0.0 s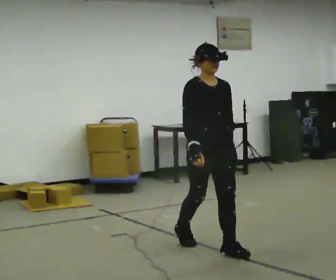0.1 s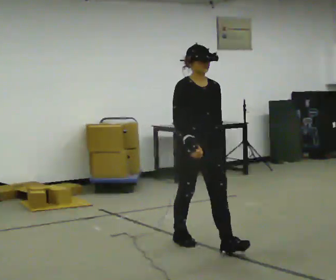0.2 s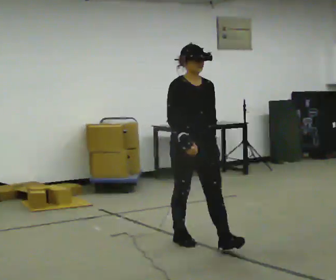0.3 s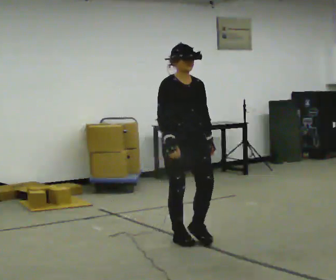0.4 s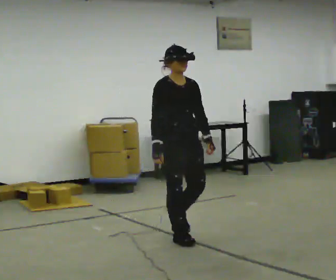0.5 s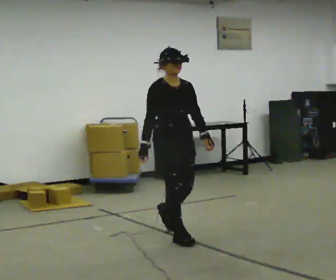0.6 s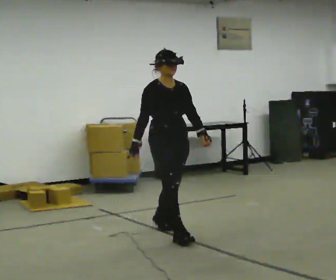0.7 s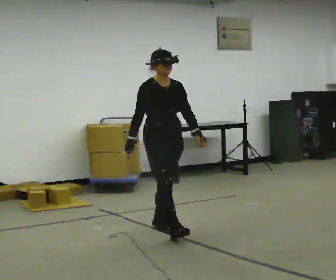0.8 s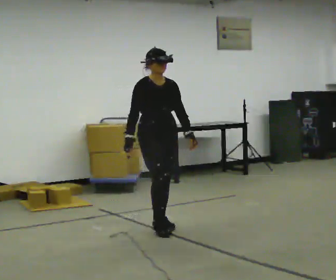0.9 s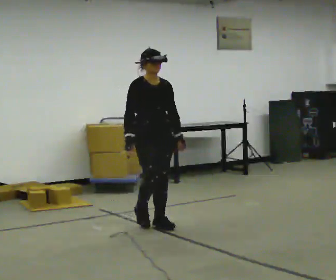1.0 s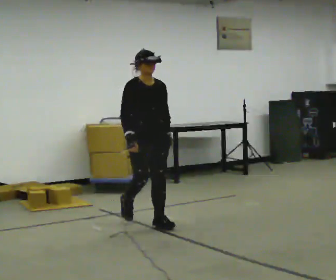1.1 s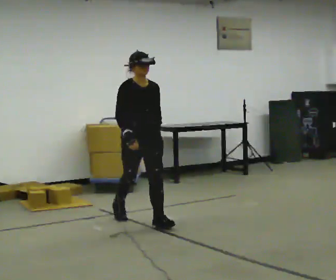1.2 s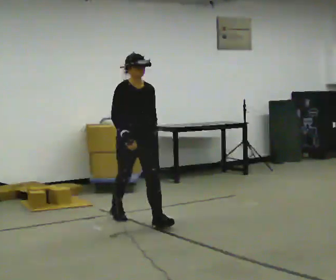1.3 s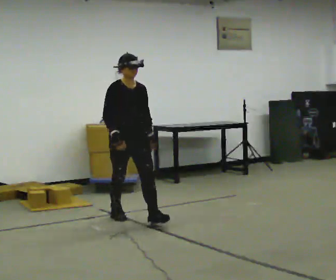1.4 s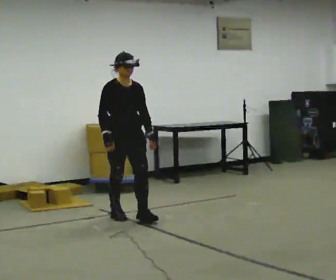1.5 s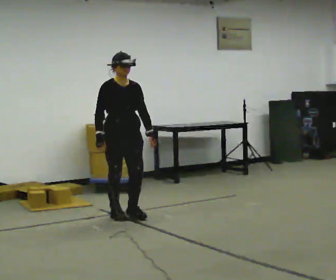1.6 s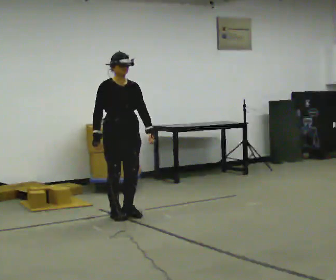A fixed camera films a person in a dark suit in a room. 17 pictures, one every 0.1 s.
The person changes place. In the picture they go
away from the camera.
0.0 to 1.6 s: In the picture they go away from the camera and to the left, about 1.5 m in 3 steps, which for them is backward.
The film runs backward here.
